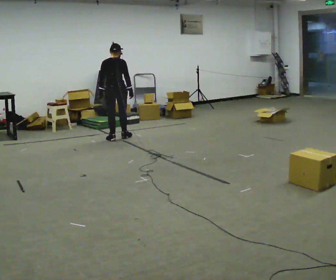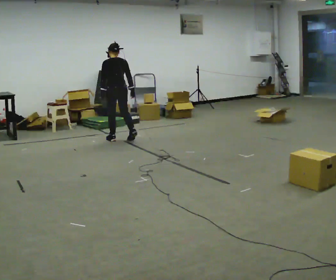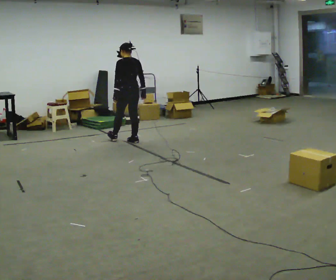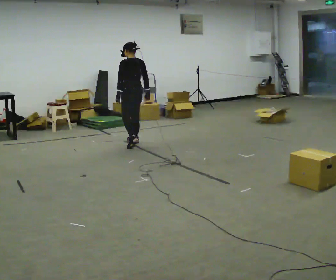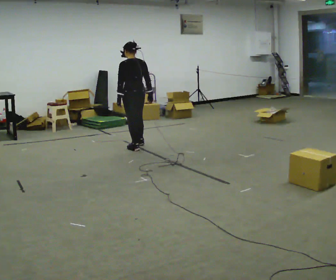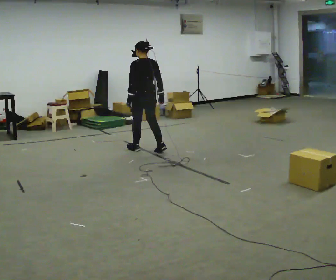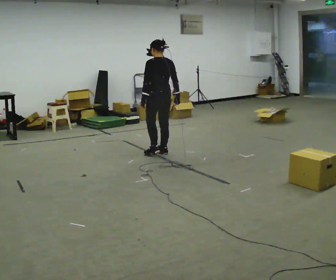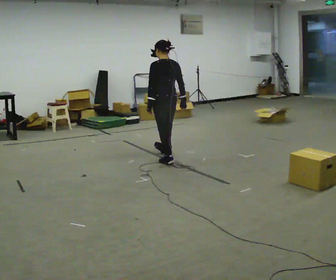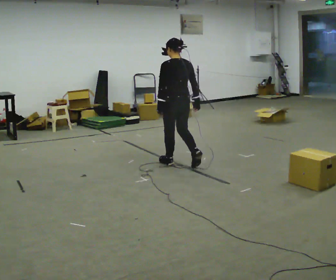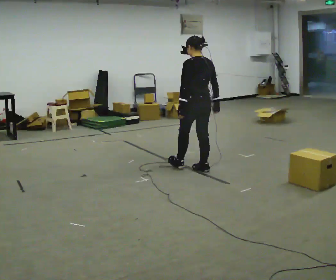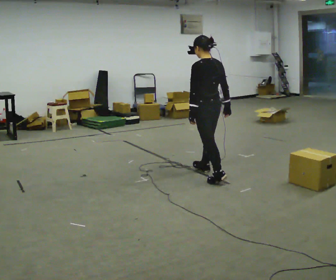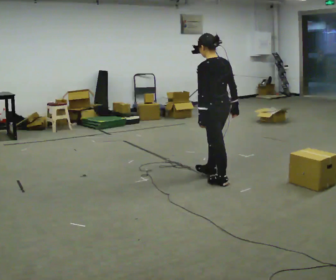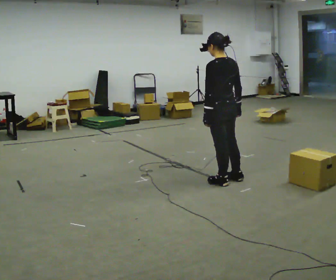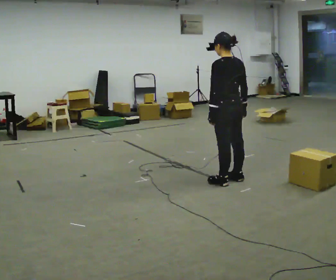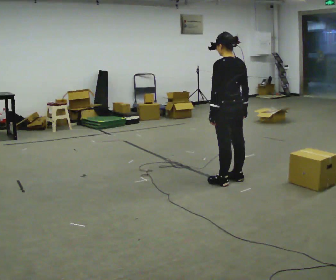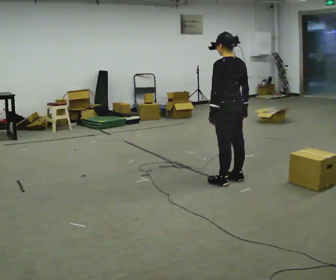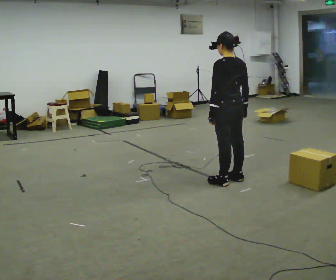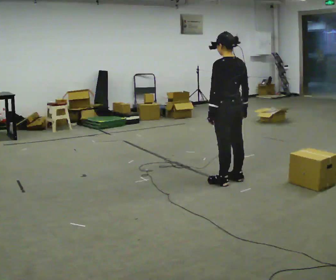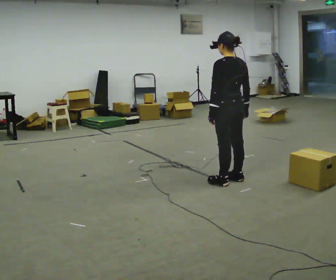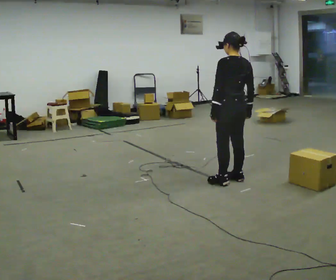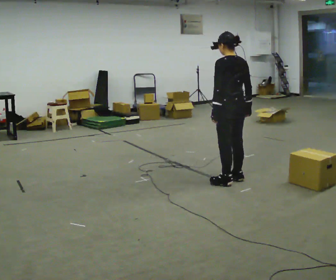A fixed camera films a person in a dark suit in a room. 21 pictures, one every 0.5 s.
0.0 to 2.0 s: The person turns about 30 degrees to their left, counterclockwise seen from above, so the part of the body nearest the lens slides to the right. In the picture they go toward the camera and to the right, about 0.75 m in 3 steps, which for them is backward.
2.0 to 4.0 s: In the picture they go toward the camera and to the right, about 1 m in 2 steps, which for them is backward.
4.0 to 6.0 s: In the picture they go toward the camera and to the right, about 1 m in 2 steps, which for them is backward.
6.0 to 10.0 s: The person moves a little, or ends about where they began.
The film runs backward here.
